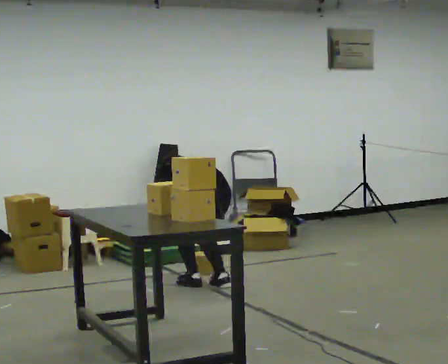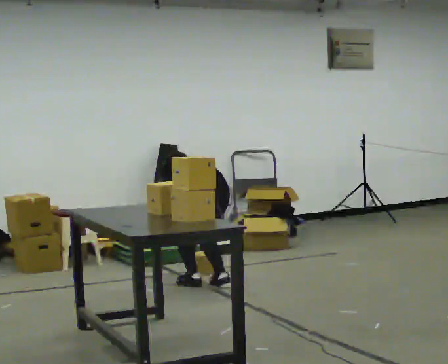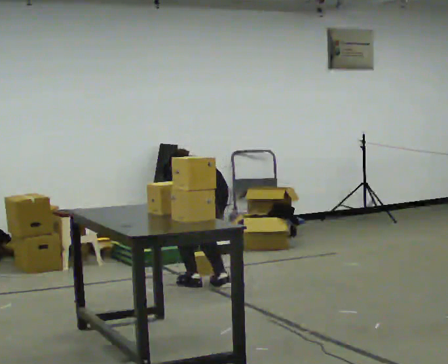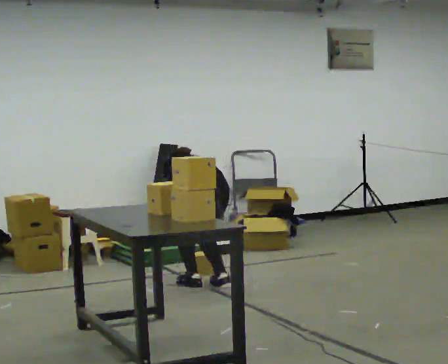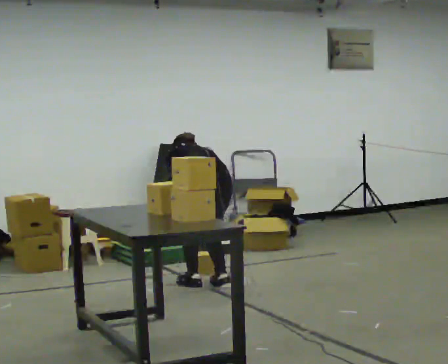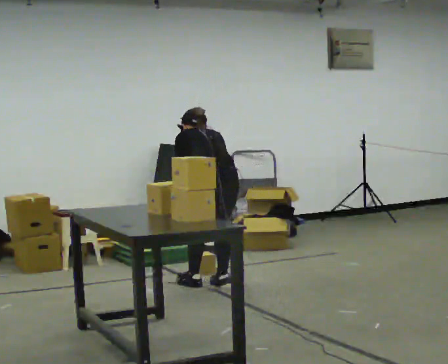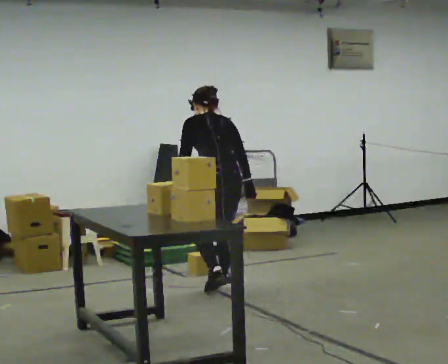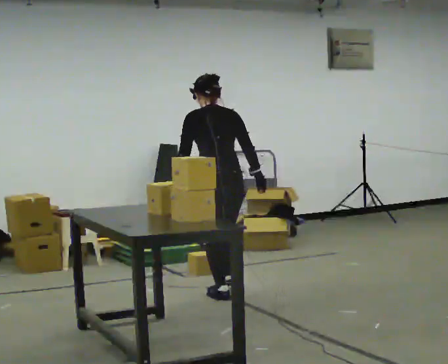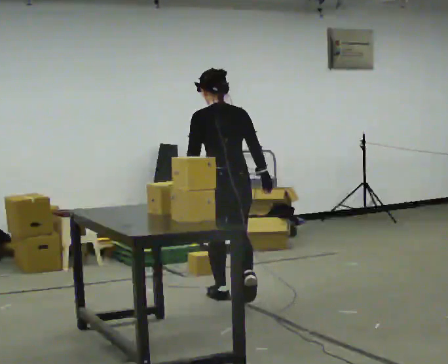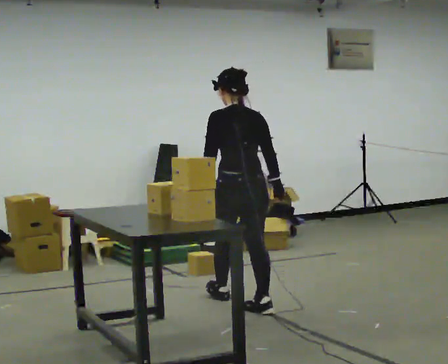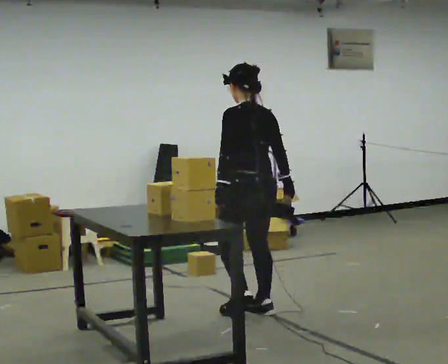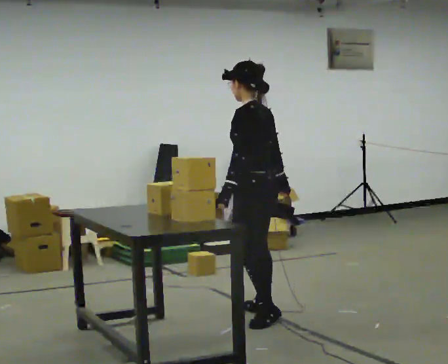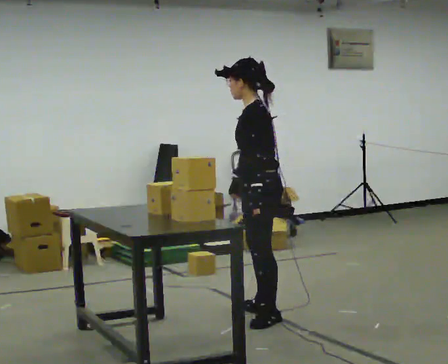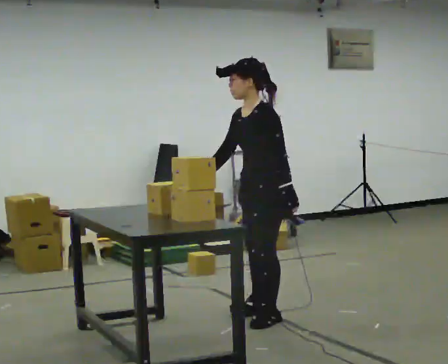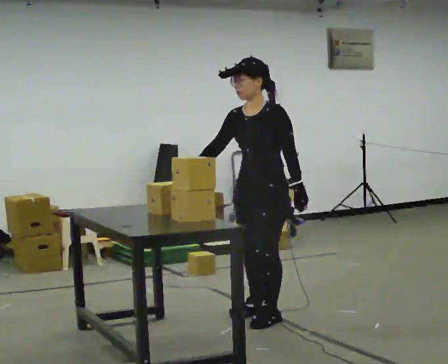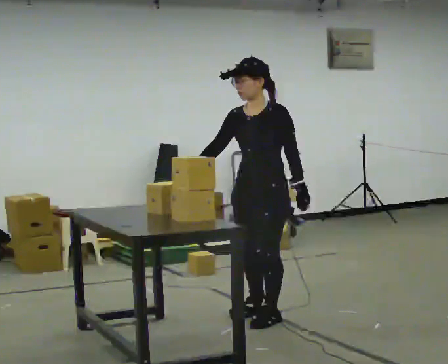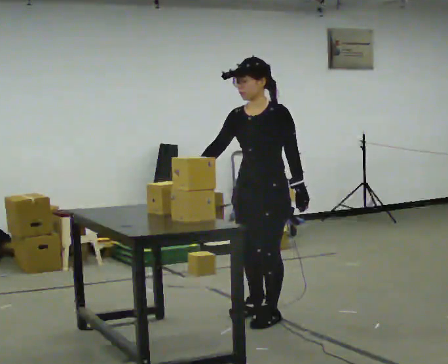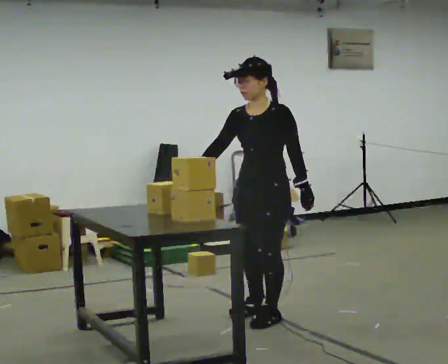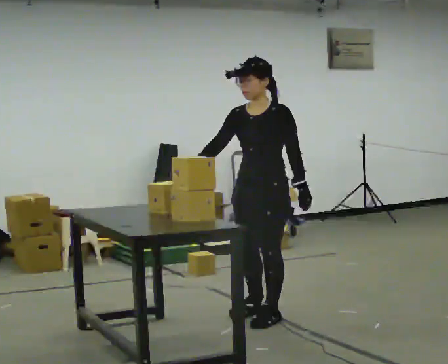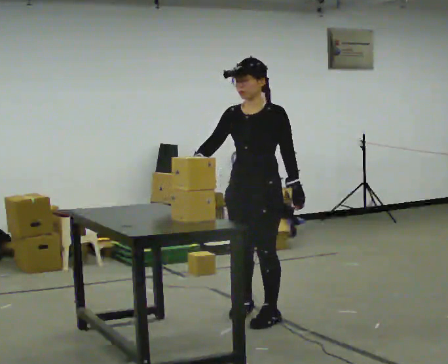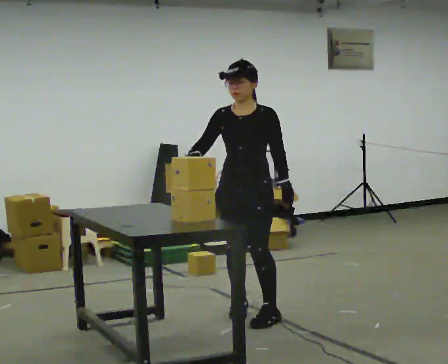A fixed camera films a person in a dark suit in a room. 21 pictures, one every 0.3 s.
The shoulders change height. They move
upward.
Their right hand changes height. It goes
upward.
0.0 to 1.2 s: In the picture the upper body tilts clockwise, shoulders to the right.
1.2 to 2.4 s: In the picture they go toward the camera, about 0.25 m in 2 steps, which for them is backward. The shoulders move upward. The upper body tips toward the camera, its near side rolling downward, as they lean back or straighten. In the picture their right hand goes upward.
2.4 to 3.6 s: The part of the body nearest the lens slides to the right as the person turns to their left by about 75 degrees. In the picture they go toward the camera and to the right, about 0.5 m in 1 step.
3.6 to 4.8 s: The part of the body nearest the lens slides to the right as the person turns to their left by about 60 degrees.
4.8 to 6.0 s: In the picture they go away from the camera, about 0.25 m, which for them is to their right.
The film runs backward here.
